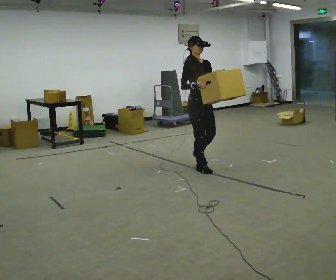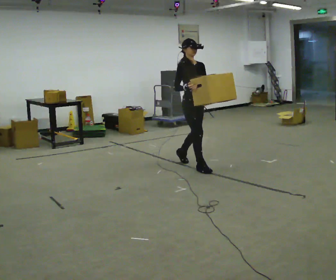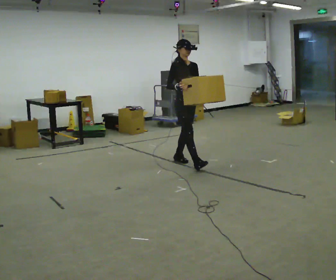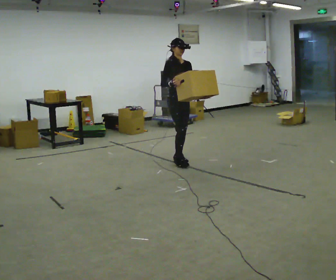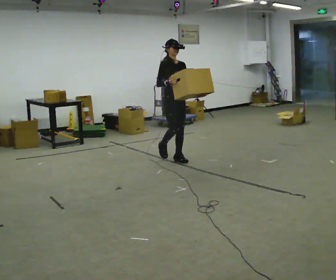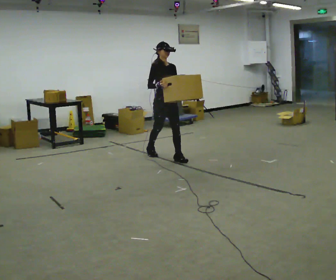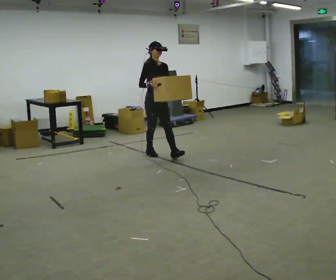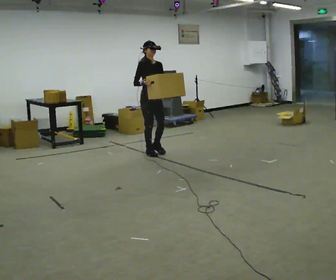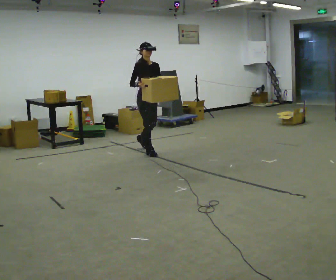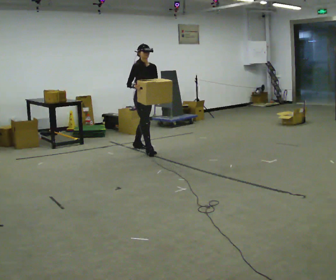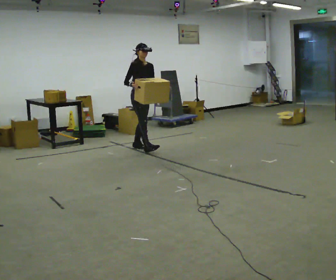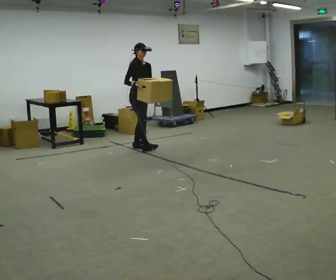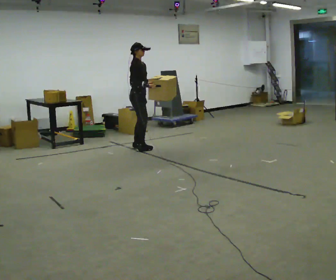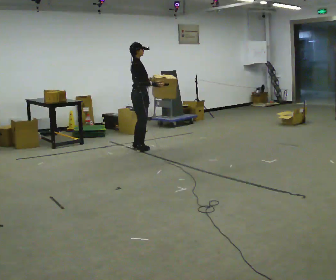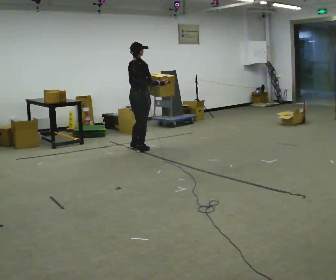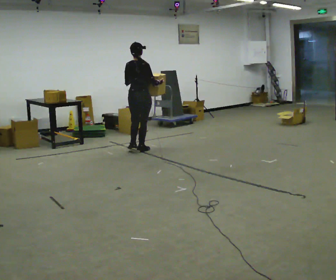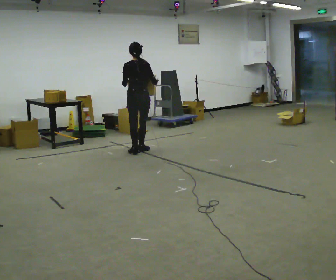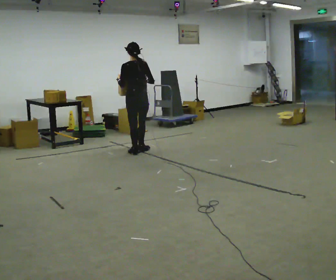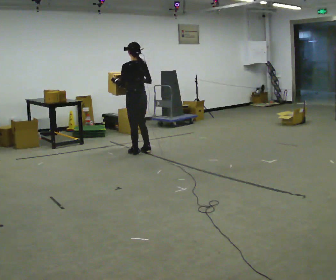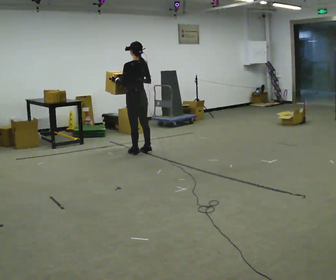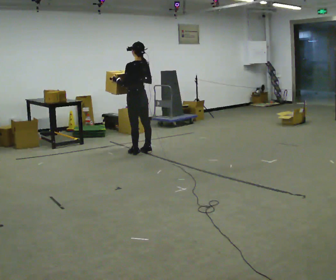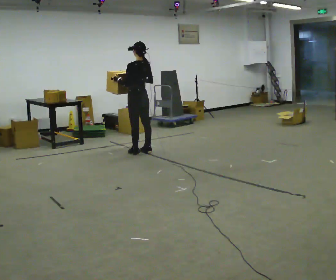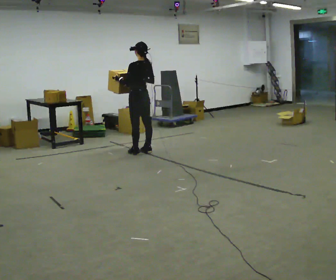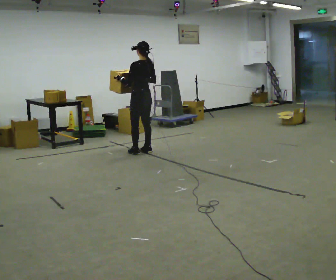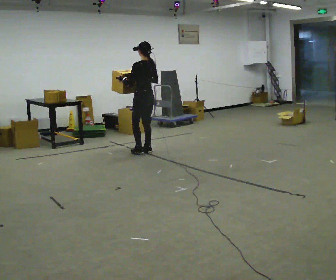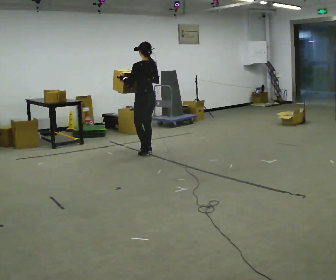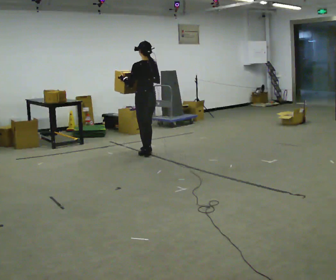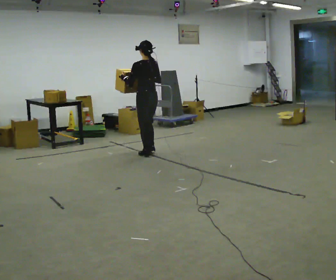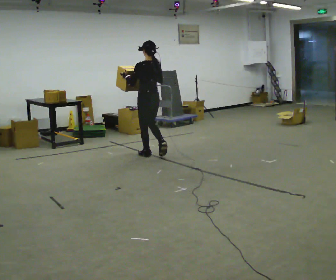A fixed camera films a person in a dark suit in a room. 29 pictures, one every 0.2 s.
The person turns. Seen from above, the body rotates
counterclockwise.
The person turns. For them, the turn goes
to their left.
0.0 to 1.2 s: In the picture they go away from the camera and to the left, about 1 m in 2 steps, which for them is backward.
1.2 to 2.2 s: In the picture they go away from the camera and to the left, about 0.5 m in 1 step, which for them is backward.
2.2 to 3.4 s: Seen from above the body turns counterclockwise, about 150 degrees: to their left, with its near side sliding to the right. In the picture they go toward the camera, about 0.25 m in 1 step.
3.4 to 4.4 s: Seen from above the body turns counterclockwise, about 30 degrees: to their left, with its near side sliding to the right.
4.4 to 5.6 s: In the picture they go toward the camera, about 0.25 m in 2 steps, which for them is backward.
The film runs backward here.
